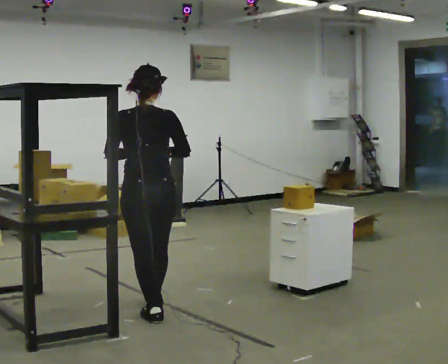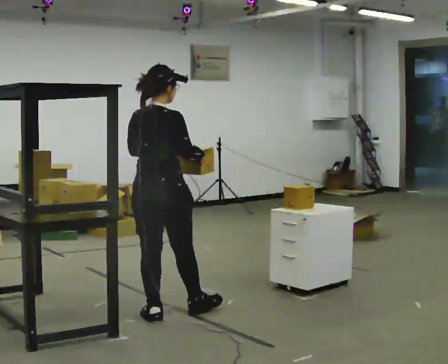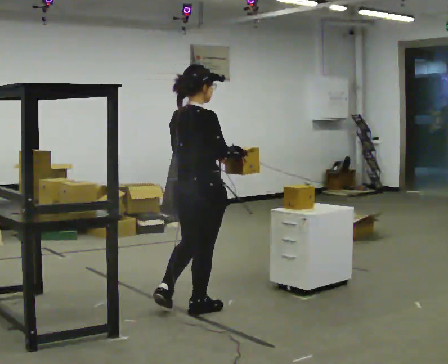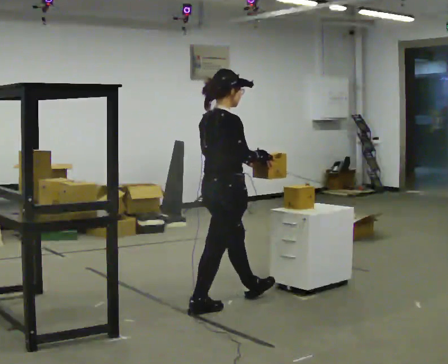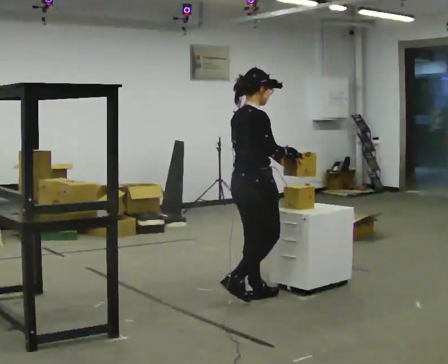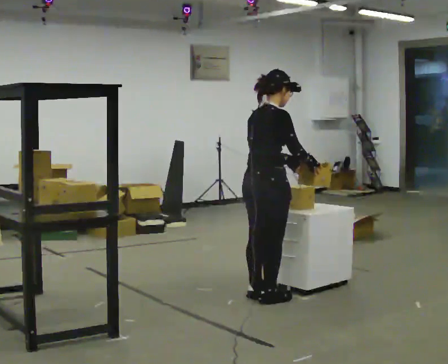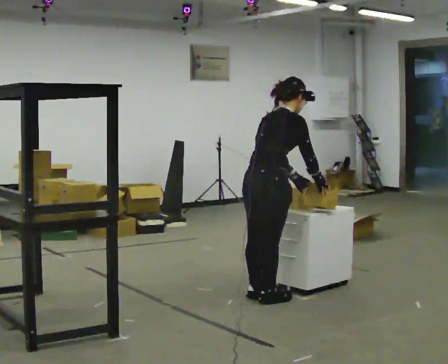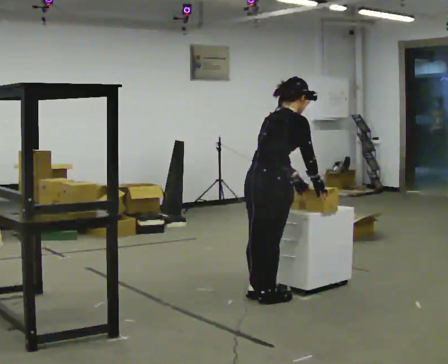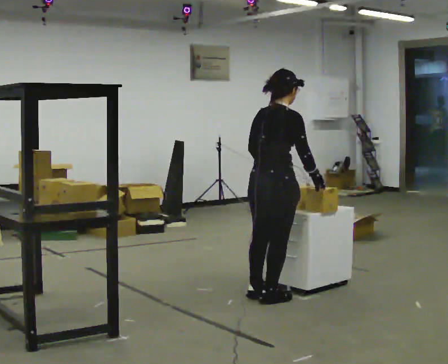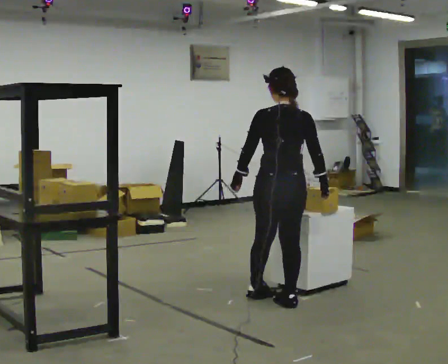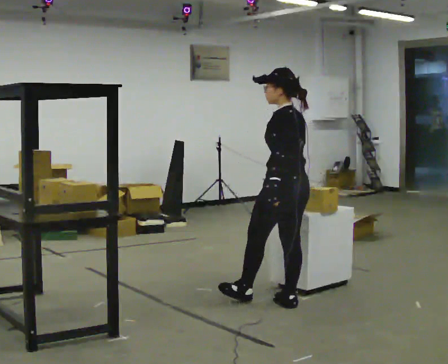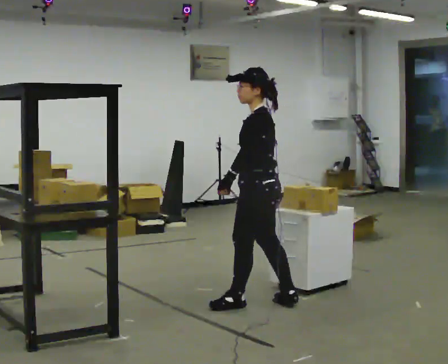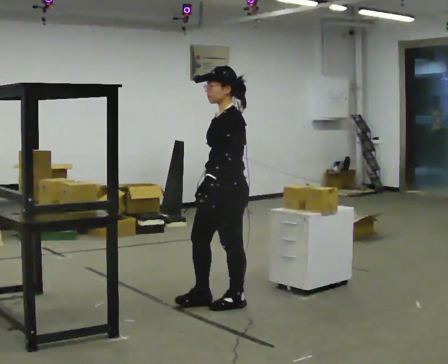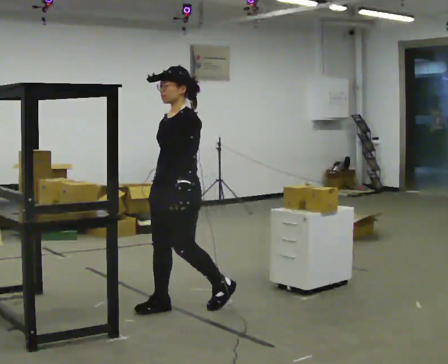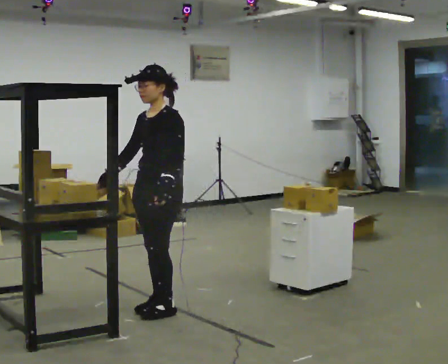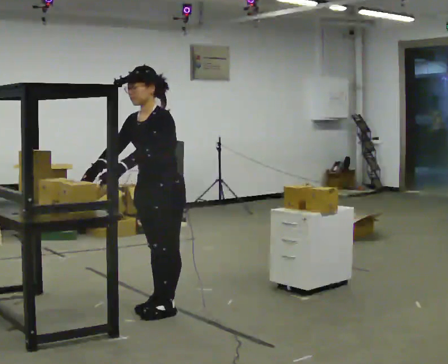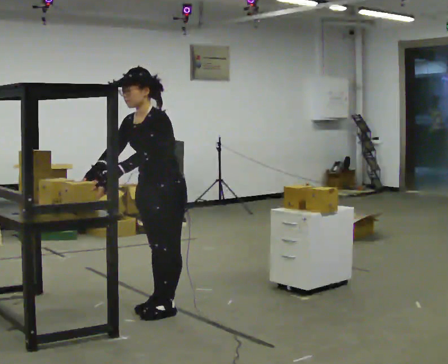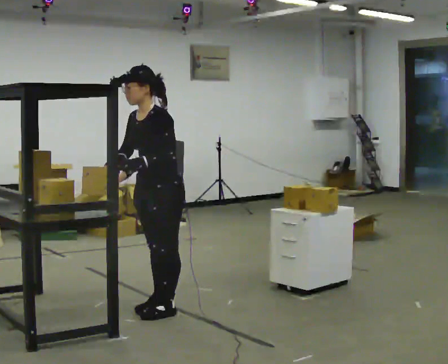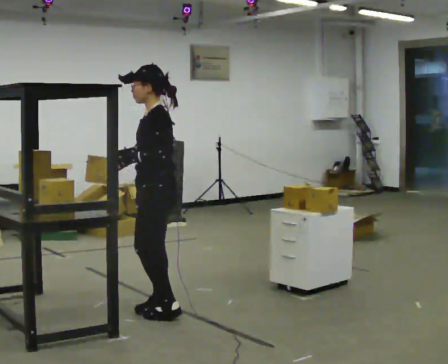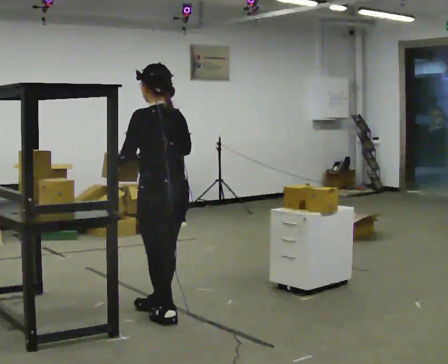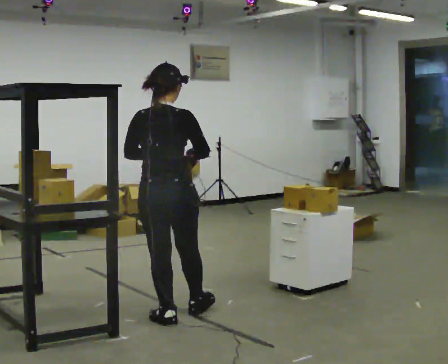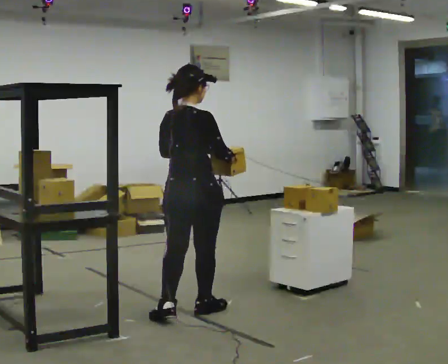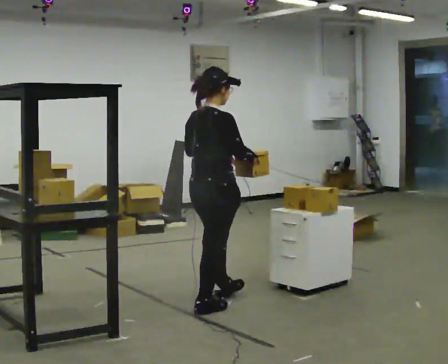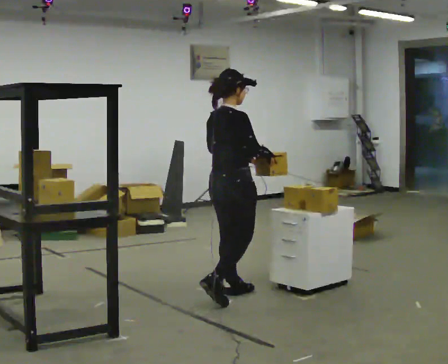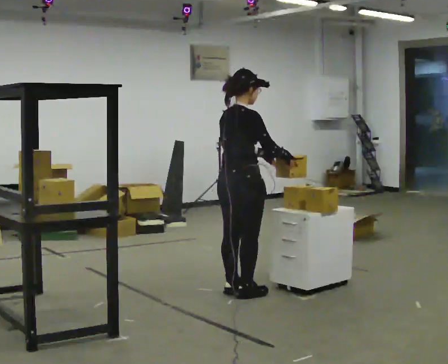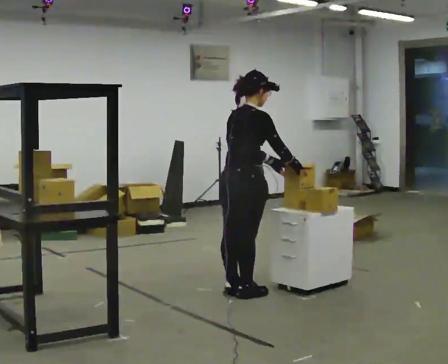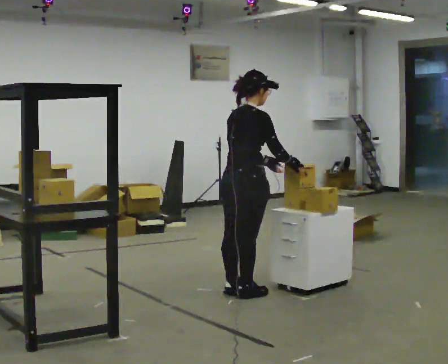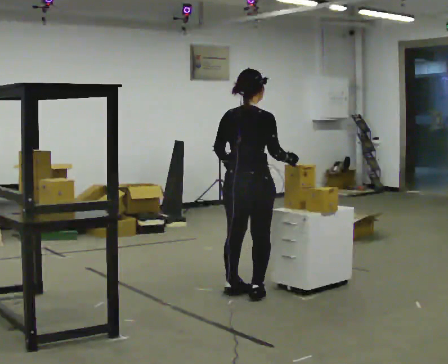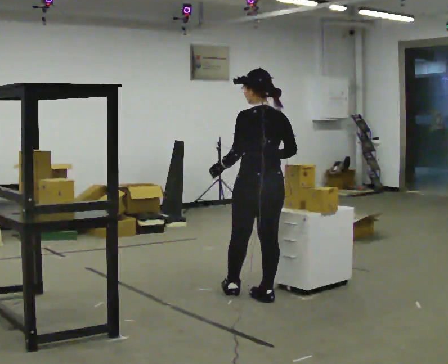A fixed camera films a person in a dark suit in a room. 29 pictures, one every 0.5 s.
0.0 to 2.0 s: Seen from above the body turns clockwise, about 75 degrees: to their right, with its near side sliding to the left. In the picture they go to the right and away from the camera, about 0.5 m in 2 steps.
2.0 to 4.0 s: The person moves a little, or ends about where they began.
4.0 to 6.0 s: Seen from above the body turns counterclockwise, about 150 degrees: to their left, with its near side sliding to the right. In the picture they go to the left and toward the camera, about 0.25 m in 2 steps.
6.0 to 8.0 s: Seen from above the body turns counterclockwise, about 30 degrees: to their left, with its near side sliding to the right. In the picture they go to the left, about 0.5 m in 2 steps, which for them is forward and to their right. In the picture the upper body tilts counterclockwise, shoulders to the left, as they bend forward.
8.0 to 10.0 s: The part of the body nearest the lens slides to the left as the person turns to their right by about 135 degrees. In the picture they go toward the camera, about 0.25 m in 1 step. The upper body tips away from the camera, its near side rolling upward, as they lean back or straighten. In the picture their right hand goes to the right.
10.0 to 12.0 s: The person turns about 45 degrees to their right, clockwise seen from above, so the part of the body nearest the lens slides to the left. In the picture they go away from the camera and to the right, about 1 m in 3 steps, which for them is forward.
12.0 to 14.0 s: Seen from above the body turns counterclockwise, about 75 degrees: to their left, with its near side sliding to the right. In the picture they go to the right, about 0.25 m in 1 step. In the picture their left hand goes to the left, the arm swinging clockwise.
The film runs forward here.
